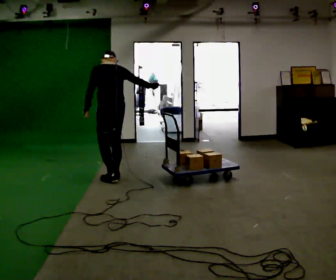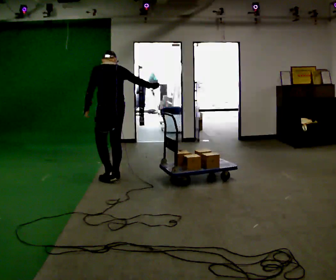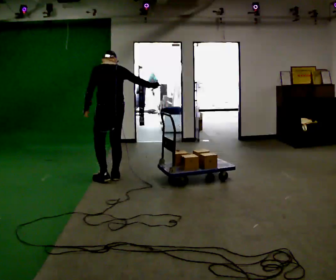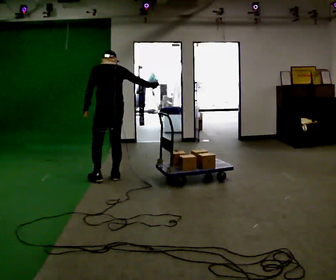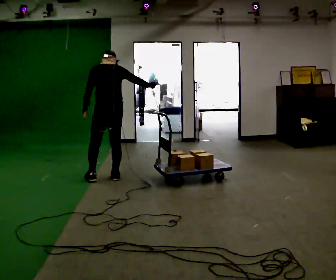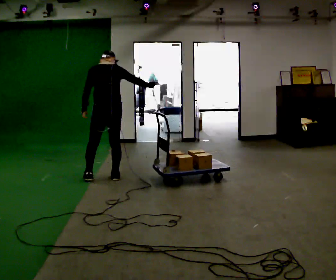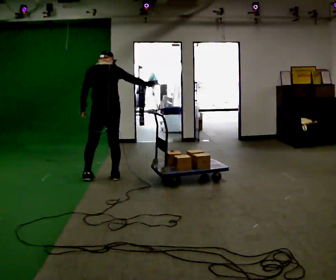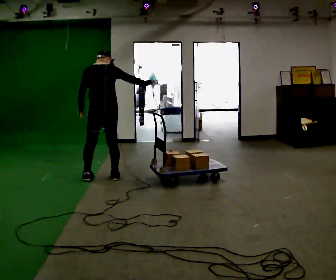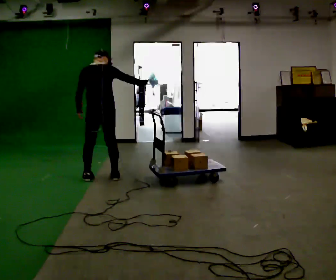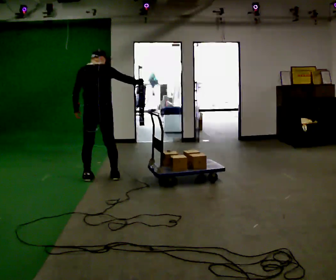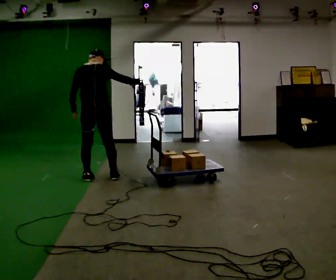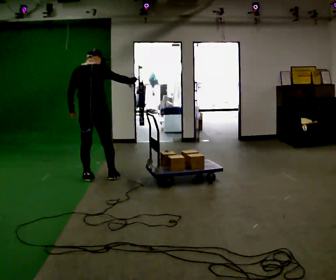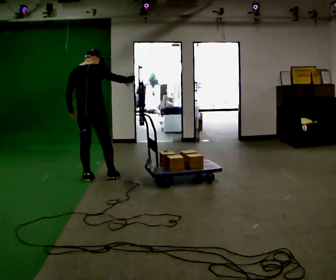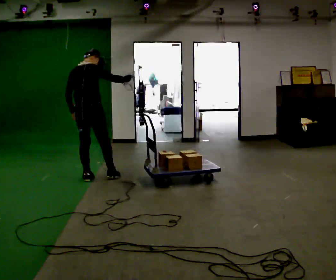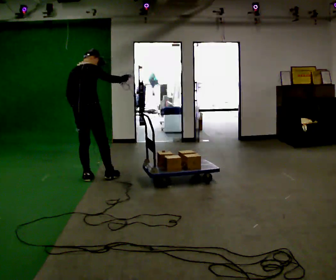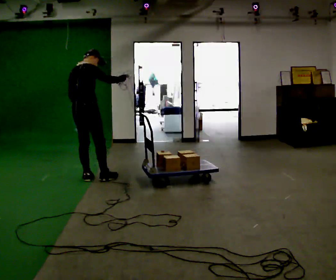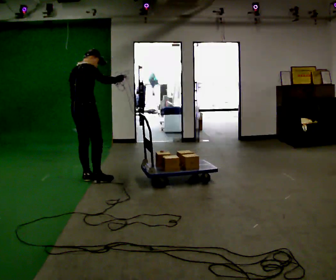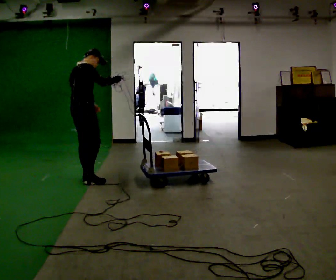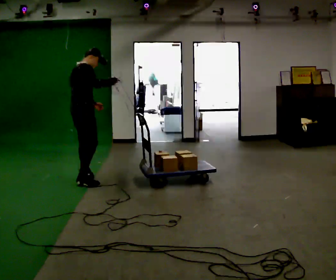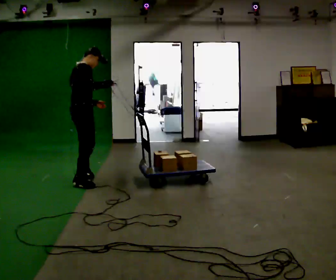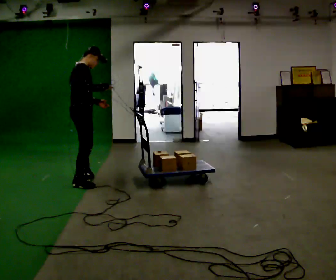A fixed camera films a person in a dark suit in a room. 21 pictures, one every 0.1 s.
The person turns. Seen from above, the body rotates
clockwise.
The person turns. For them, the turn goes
to their right.
0.0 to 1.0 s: The person turns about 30 degrees to their right, clockwise seen from above, so the part of the body nearest the lens slides to the left. In the picture they go to the left, about 0.25 m in 1 step, which for them is to their left.
1.0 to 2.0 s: The person turns about 60 degrees to their right, clockwise seen from above, so the part of the body nearest the lens slides to the left. In the picture they go to the left and toward the camera, about 0.25 m in 1 step.
The film runs forward here.
